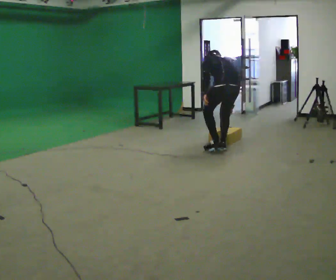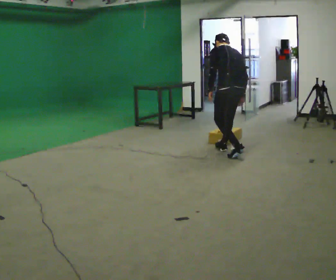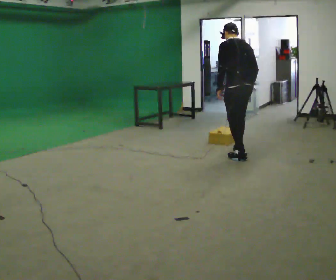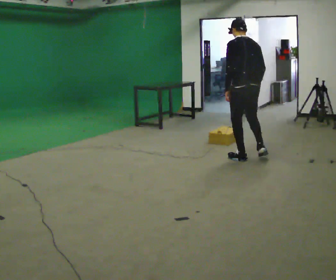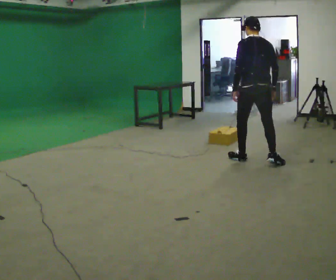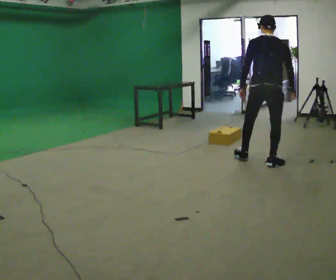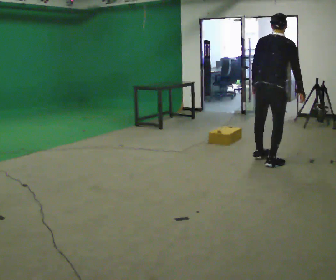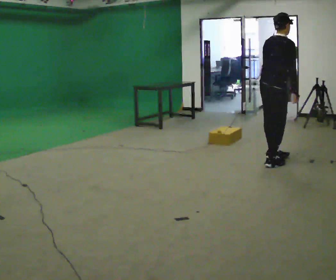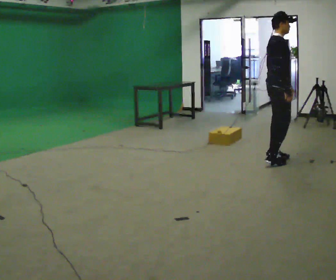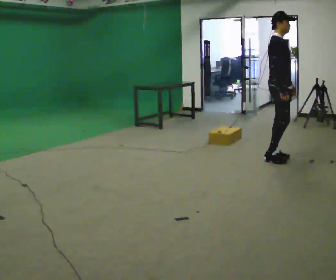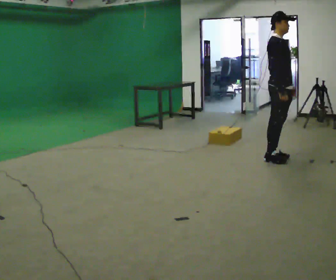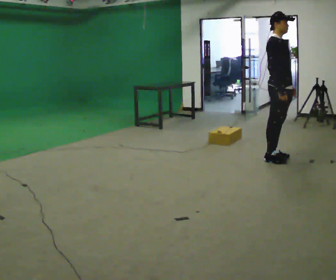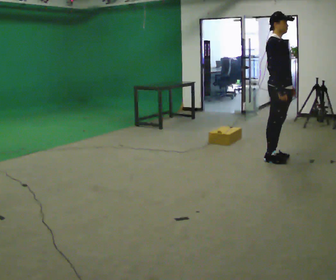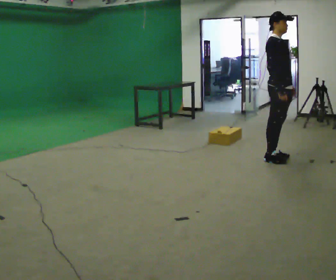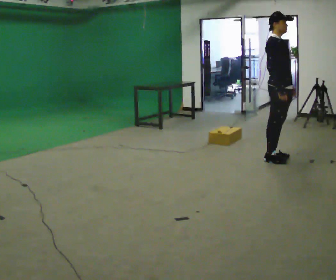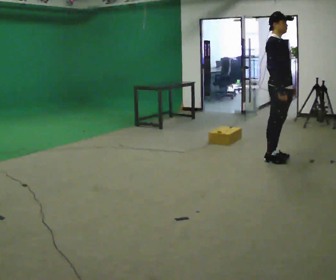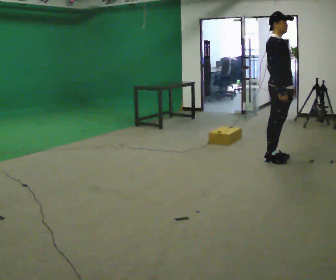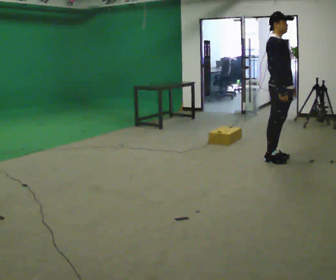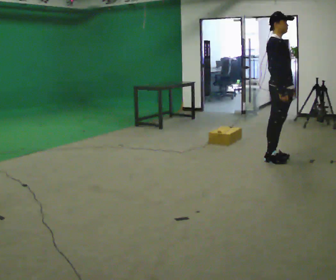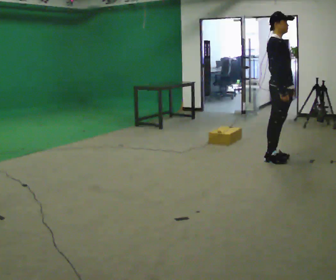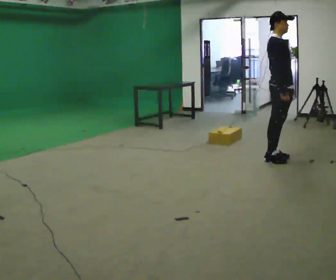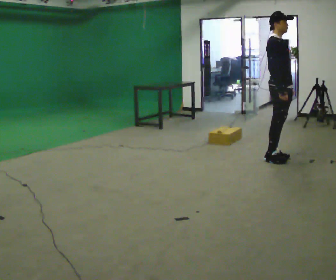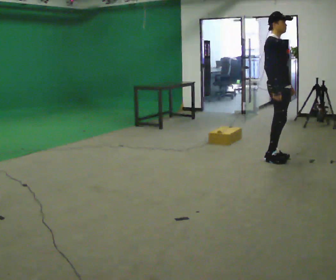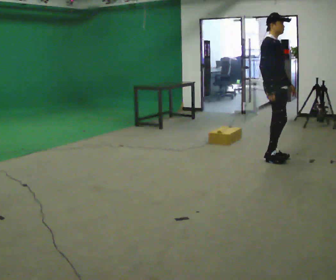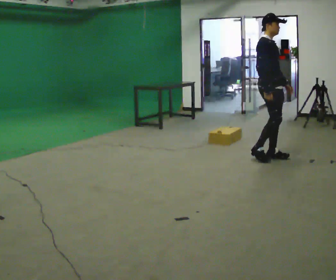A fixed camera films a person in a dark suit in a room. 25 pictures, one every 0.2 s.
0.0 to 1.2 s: Seen from above the body turns clockwise, about 60 degrees: to their right, with its near side sliding to the left. In the picture they go to the right and toward the camera, about 0.75 m in 2 steps, which for them is backward. The upper body goes upward. In the picture the upper body tilts clockwise, shoulders to the right, as they lean back or straighten.
1.2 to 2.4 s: The person turns about 90 degrees to their right, clockwise seen from above, so the part of the body nearest the lens slides to the left. In the picture they go away from the camera, about 0.25 m in 1 step. In the picture the upper body tilts counterclockwise, shoulders to the left, as they lean back or straighten. In the picture their left hand goes to the right, the arm swinging counterclockwise.
2.4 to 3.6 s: The person keeps their place and pose.
3.6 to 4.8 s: The person moves a little, or ends about where they began.
The film runs backward here.
